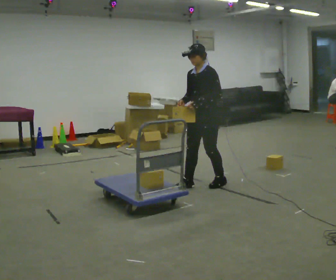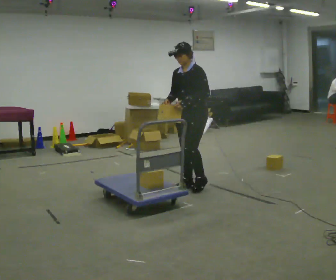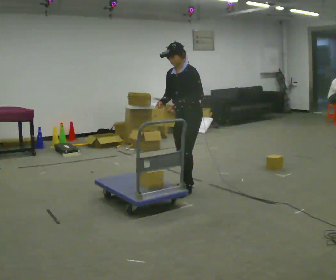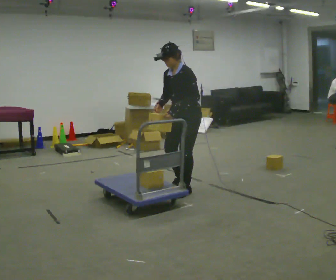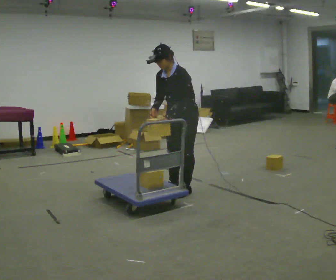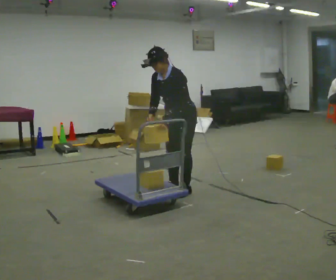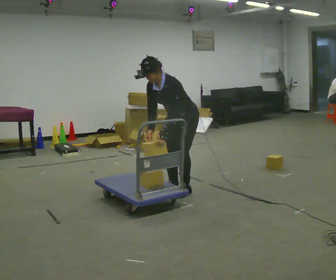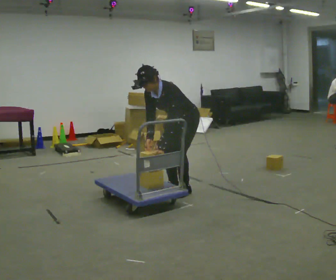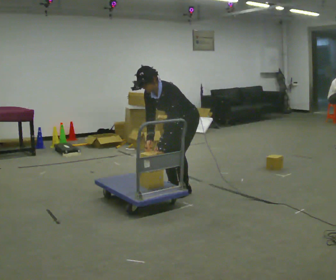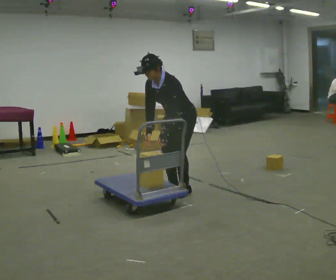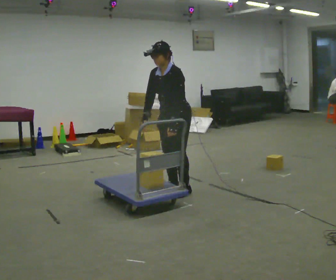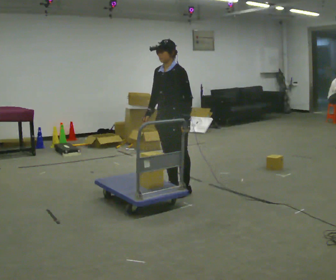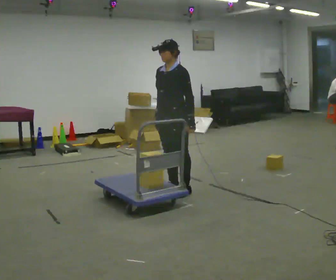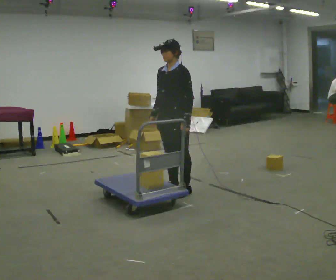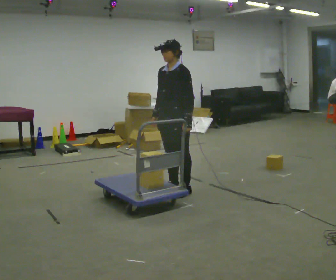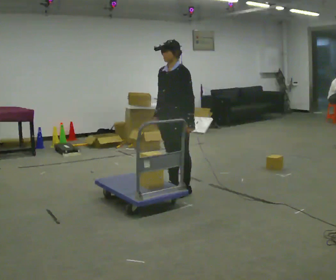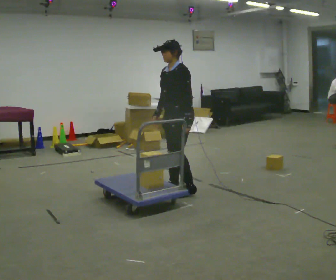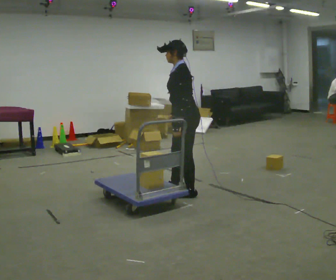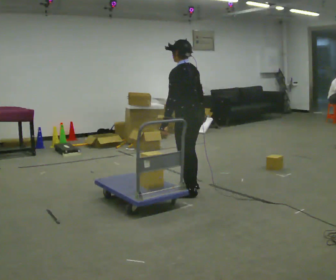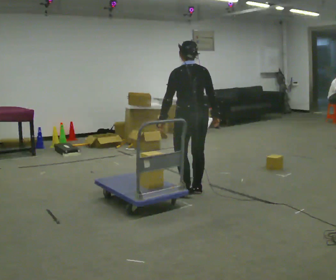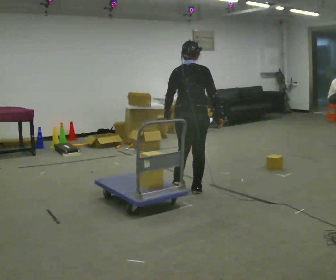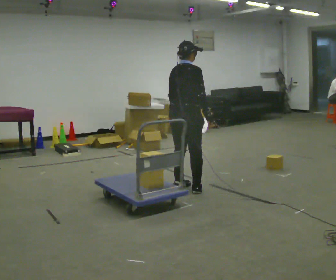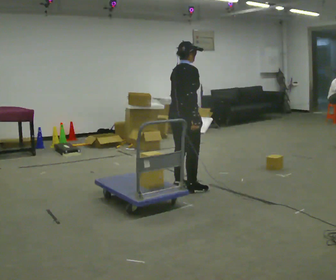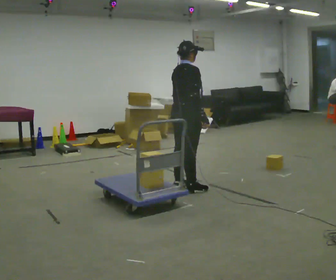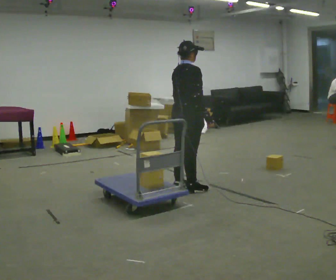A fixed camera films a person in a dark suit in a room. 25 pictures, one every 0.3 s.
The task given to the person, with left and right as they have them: Load the boxes onto the cart one at a time, then take them all off again. The cart stays where it is. Keep going until the operator says stop; one object at a time, and do not rush between trips.
0.0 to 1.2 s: In the picture they go to the left and toward the camera, about 0.25 m in 2 steps, which for them is forward. In the picture the upper body tilts counterclockwise, shoulders to the left, as they bend forward.
1.2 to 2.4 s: The upper body goes downward. In the picture the upper body tilts counterclockwise, shoulders to the left, as they bend forward.
2.4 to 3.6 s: The upper body goes upward. In the picture the upper body tilts clockwise, shoulders to the right, as they lean back or straighten.
3.6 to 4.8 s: The person moves a little, or ends about where they began.
4.8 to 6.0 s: The person turns about 135 degrees to their right, clockwise seen from above, so the part of the body nearest the lens slides to the left.
6.0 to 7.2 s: The part of the body nearest the lens slides to the left as the person turns to their right by about 30 degrees.
The film runs forward here.
